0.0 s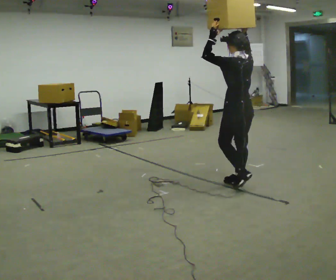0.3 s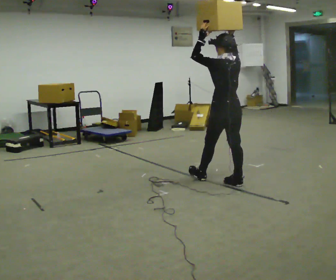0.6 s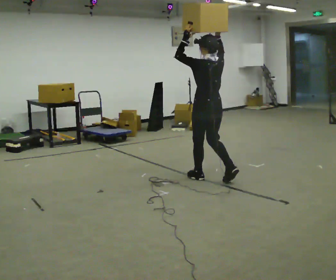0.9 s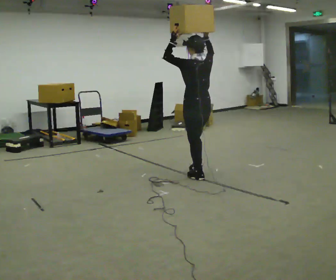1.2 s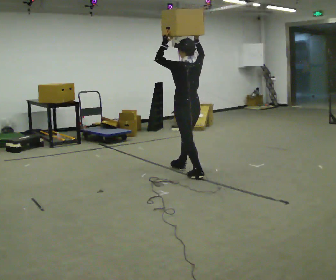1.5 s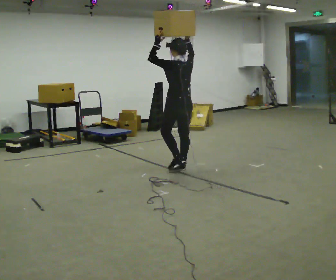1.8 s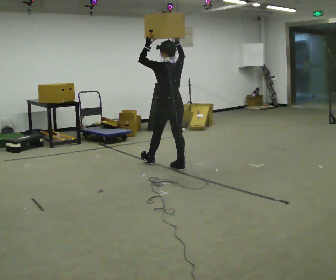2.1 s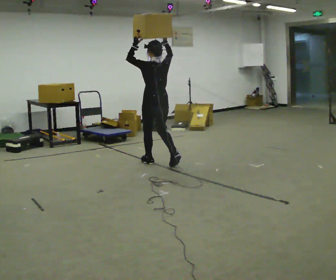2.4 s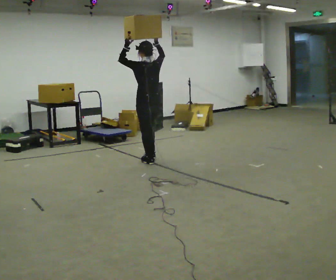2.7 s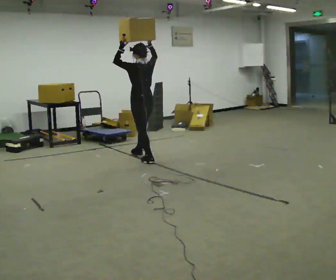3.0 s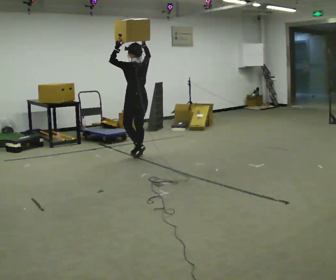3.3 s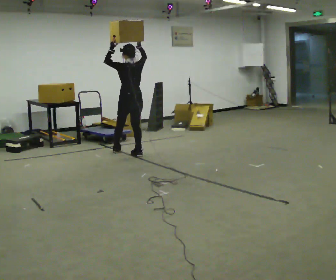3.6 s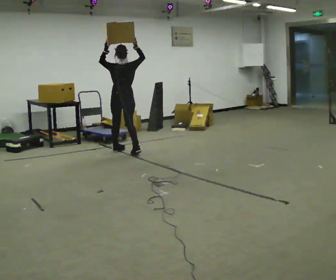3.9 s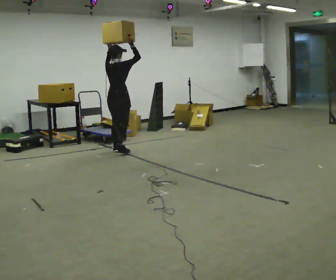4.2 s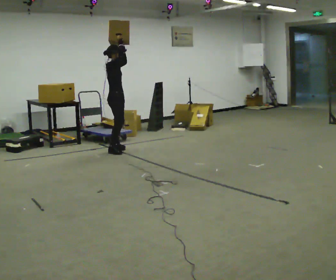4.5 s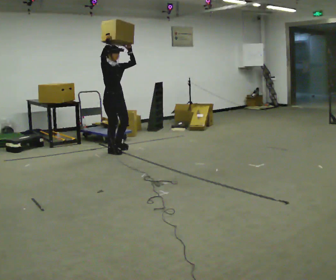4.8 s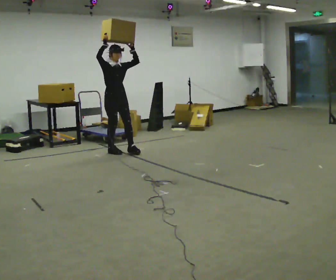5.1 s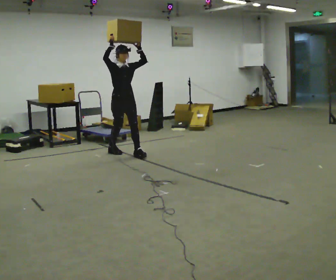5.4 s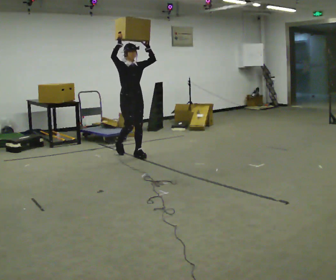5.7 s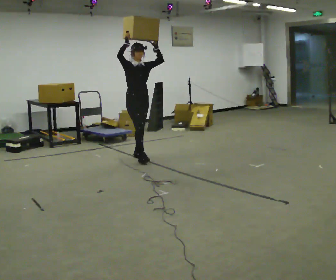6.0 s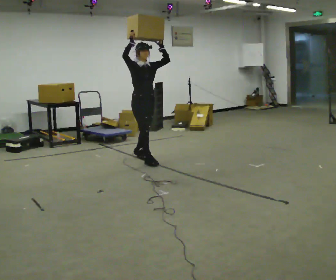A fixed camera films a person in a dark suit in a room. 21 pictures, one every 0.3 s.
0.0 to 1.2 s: In the picture they go away from the camera and to the left, about 1 m in 2 steps, which for them is forward.
1.2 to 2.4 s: In the picture they go away from the camera and to the left, about 0.5 m in 1 step, which for them is forward.
2.4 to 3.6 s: The part of the body nearest the lens slides to the left as the person turns to their right by about 30 degrees. In the picture they go away from the camera and to the left, about 0.5 m in 2 steps, which for them is forward.
3.6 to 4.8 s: The person turns about 150 degrees to their right, clockwise seen from above, so the part of the body nearest the lens slides to the left. In the picture their left hand goes to the right.
4.8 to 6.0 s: In the picture they go toward the camera and to the right, about 0.75 m in 2 steps, which for them is forward.
The film runs forward here.
